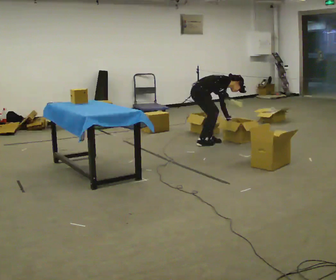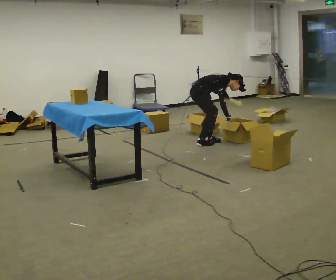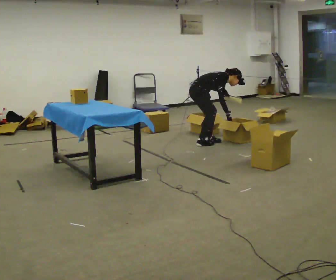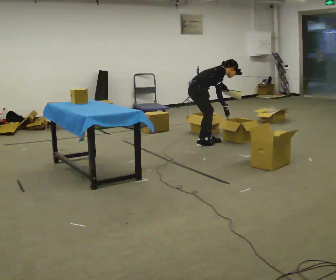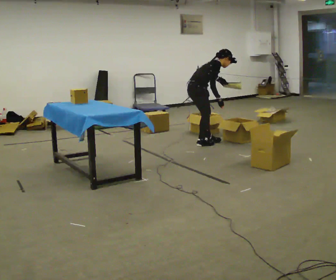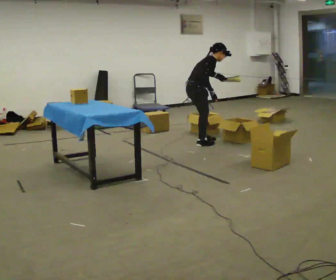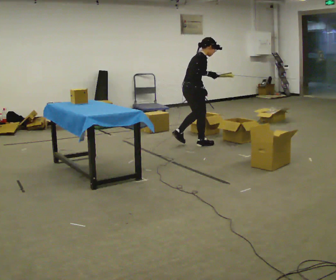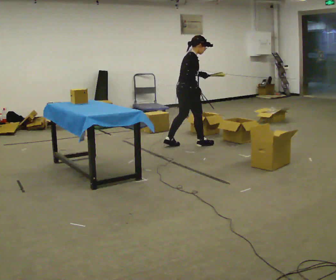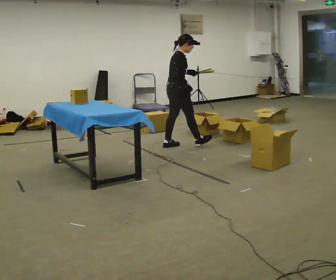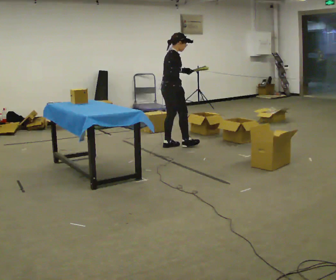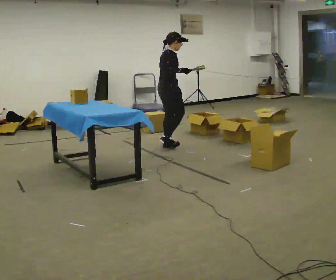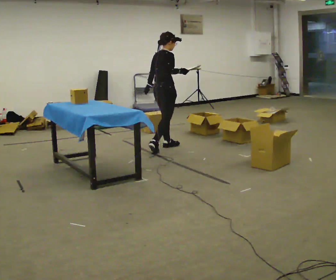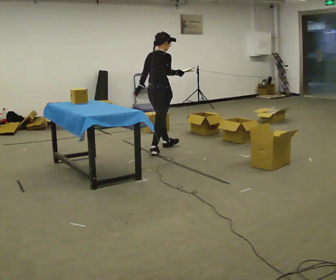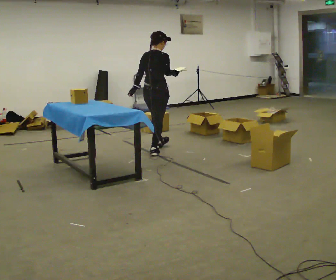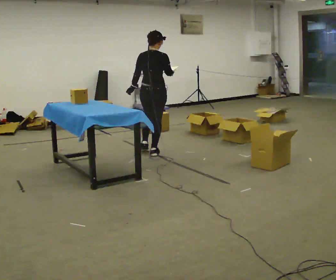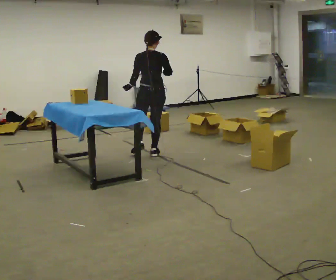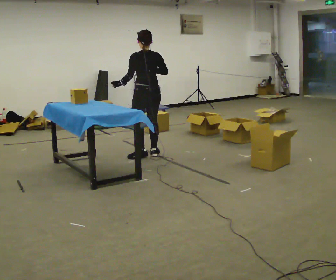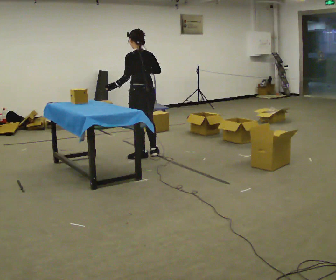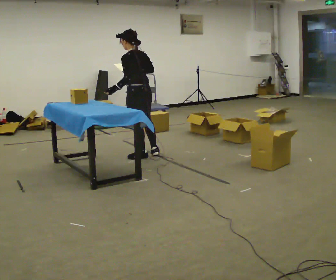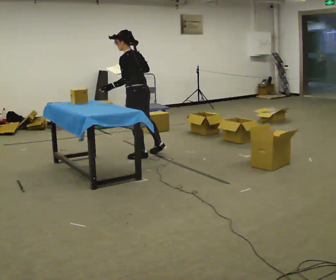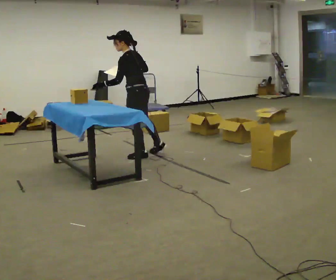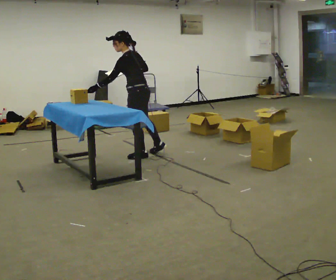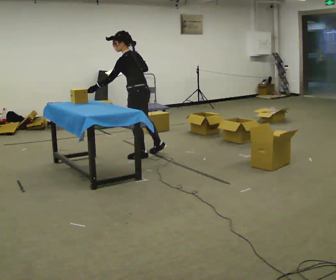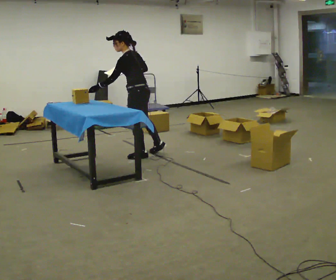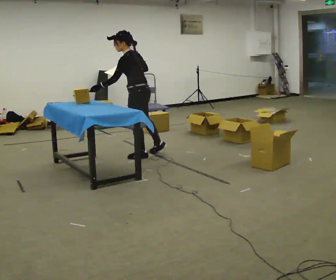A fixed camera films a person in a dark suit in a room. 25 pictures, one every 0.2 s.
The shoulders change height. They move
upward.
The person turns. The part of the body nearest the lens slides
to the right.
0.0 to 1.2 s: The shoulders move upward. In the picture the upper body tilts counterclockwise, shoulders to the left, as they lean back or straighten.
1.2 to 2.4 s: Seen from above the body turns counterclockwise, about 30 degrees: to their left, with its near side sliding to the right. In the picture they go to the left and toward the camera, about 0.5 m in 1 step, which for them is backward. In the picture the upper body tilts counterclockwise, shoulders to the left, as they lean back or straighten.
2.4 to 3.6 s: The part of the body nearest the lens slides to the right as the person turns to their left by about 90 degrees. In the picture they go toward the camera and to the left, about 0.5 m in 1 step.
3.6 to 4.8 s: The person turns about 30 degrees to their left, counterclockwise seen from above, so the part of the body nearest the lens slides to the right.
The film runs backward here.
